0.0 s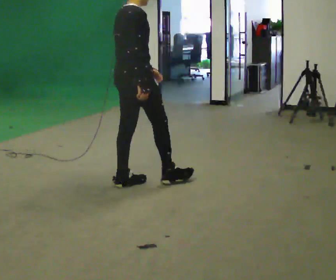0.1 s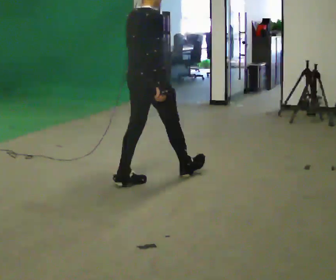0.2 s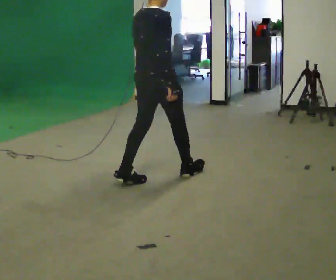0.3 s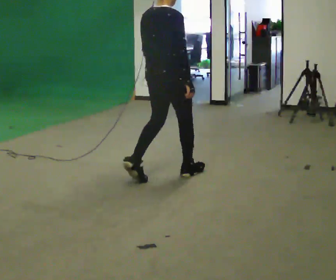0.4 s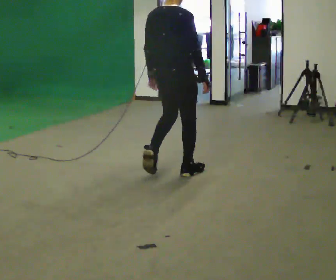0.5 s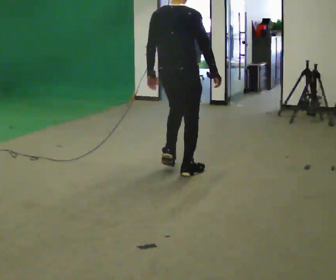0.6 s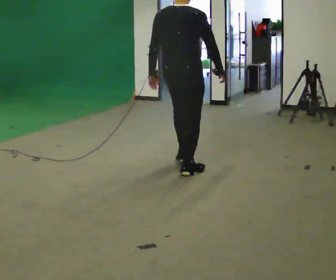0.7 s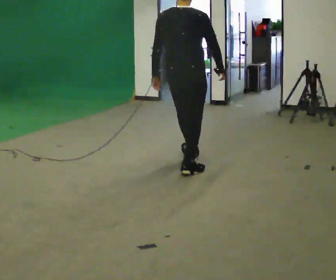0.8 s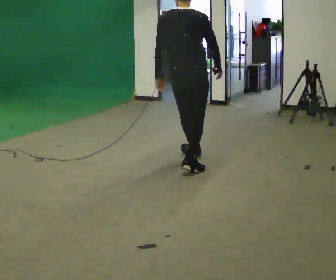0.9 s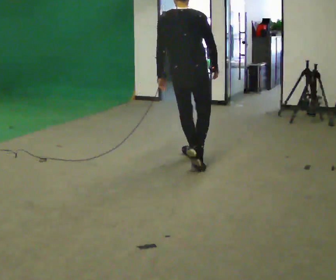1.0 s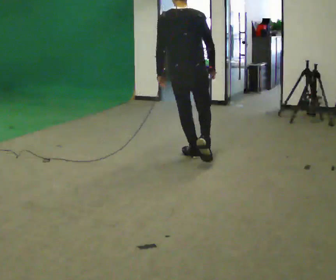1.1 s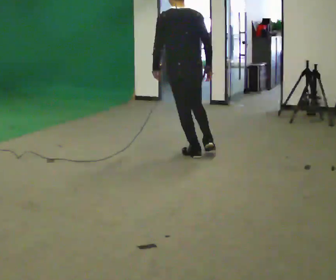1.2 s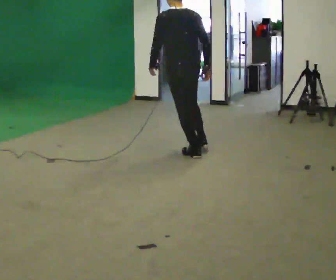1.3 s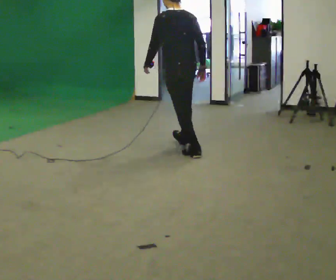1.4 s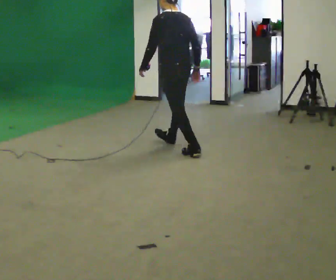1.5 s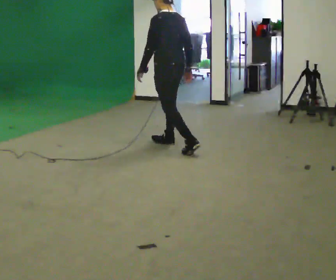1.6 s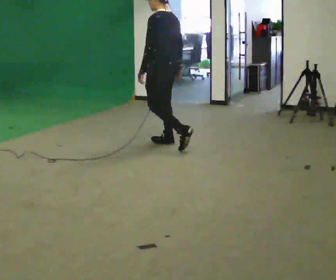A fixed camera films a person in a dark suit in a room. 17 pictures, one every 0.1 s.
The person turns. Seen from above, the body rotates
counterclockwise.
The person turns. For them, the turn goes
to their left.
0.0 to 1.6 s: The part of the body nearest the lens slides to the right as the person turns to their left by about 120 degrees. In the picture they go away from the camera, about 1 m in 3 steps.
The film runs forward here.
